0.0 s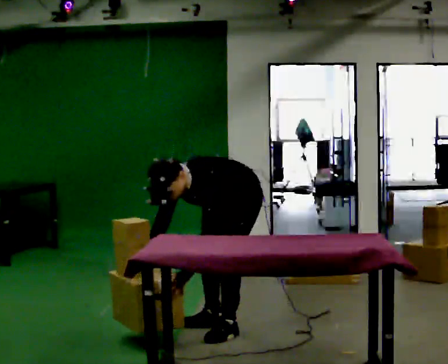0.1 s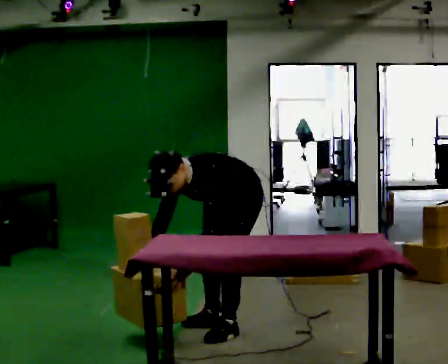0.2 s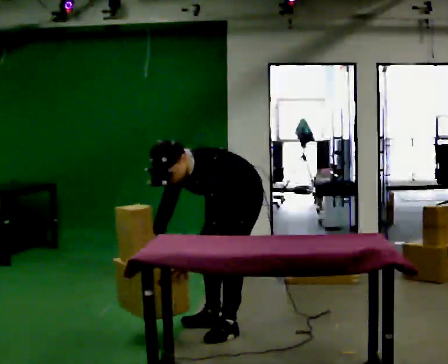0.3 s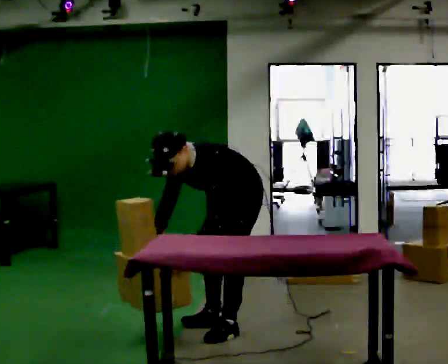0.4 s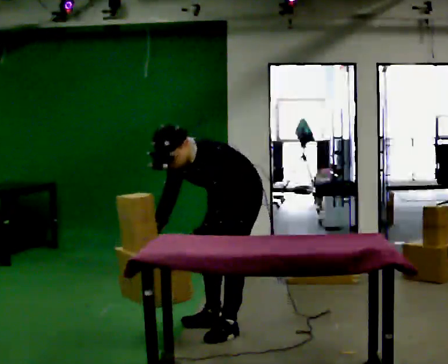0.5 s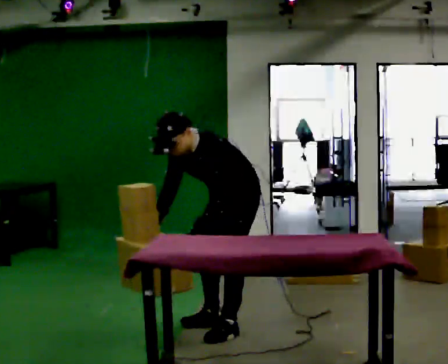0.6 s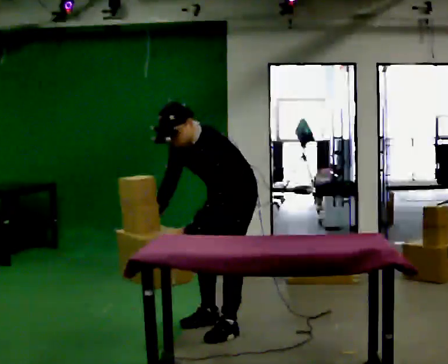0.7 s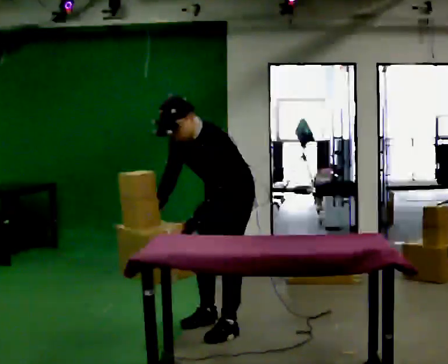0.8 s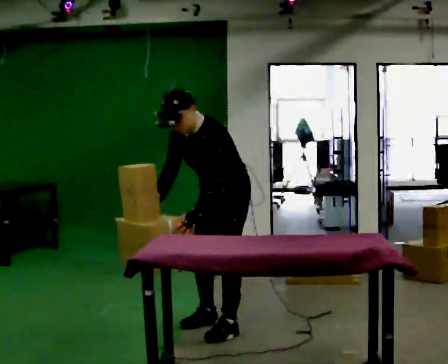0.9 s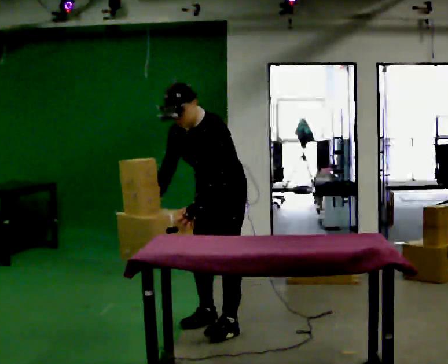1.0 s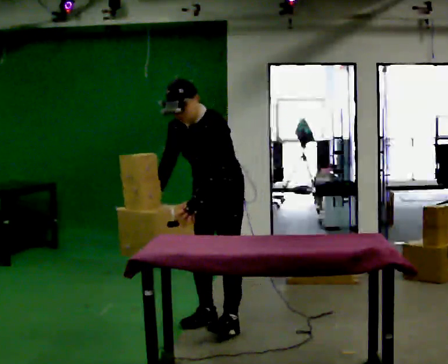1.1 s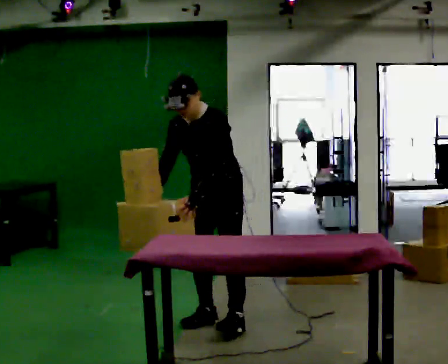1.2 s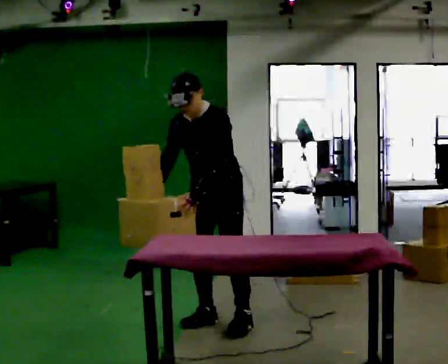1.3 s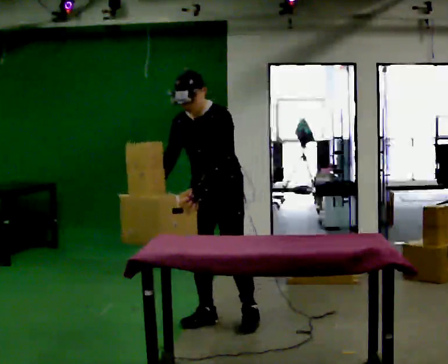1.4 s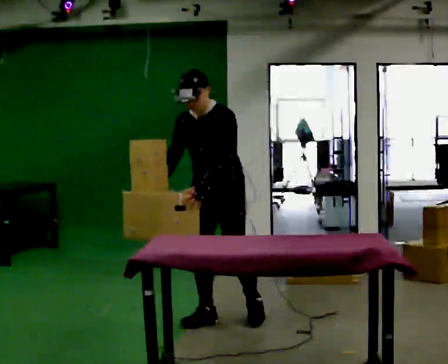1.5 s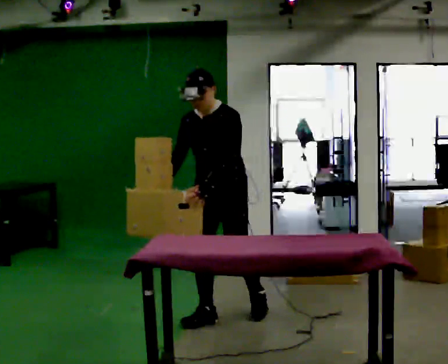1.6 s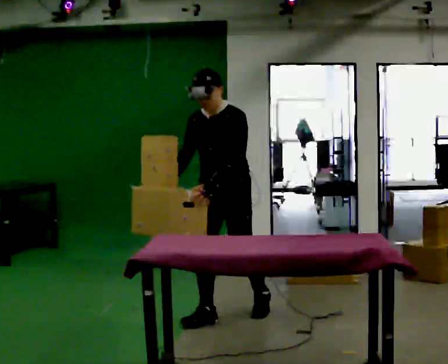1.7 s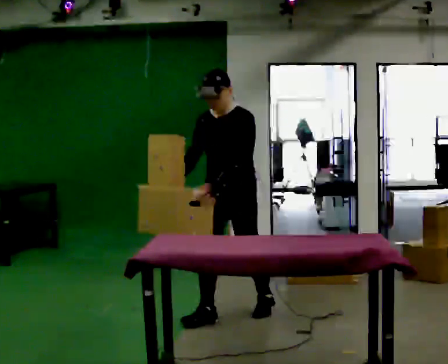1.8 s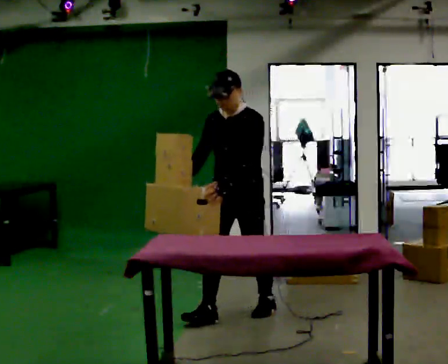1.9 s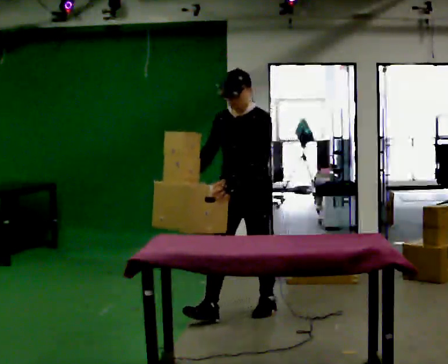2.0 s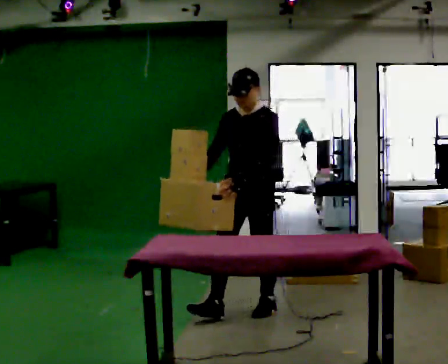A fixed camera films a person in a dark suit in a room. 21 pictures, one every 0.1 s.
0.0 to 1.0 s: The shoulders move upward. In the picture the upper body tilts clockwise, shoulders to the right, as they lean back or straighten. In the picture their left hand goes upward.
1.0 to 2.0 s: In the picture they go away from the camera and to the right, about 0.25 m in 2 steps, which for them is backward. In the picture the upper body tilts clockwise, shoulders to the right, as they lean back or straighten.
The film runs backward here.
